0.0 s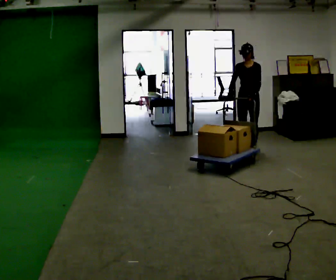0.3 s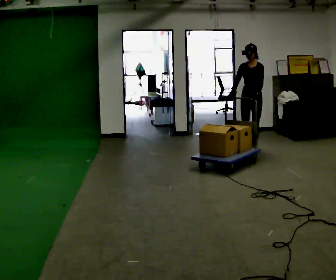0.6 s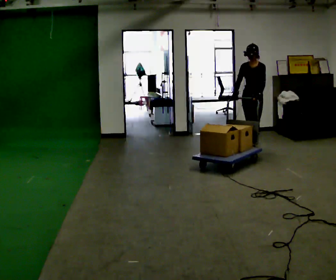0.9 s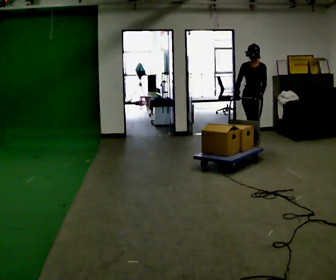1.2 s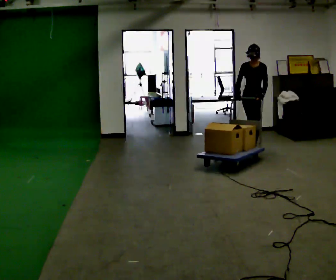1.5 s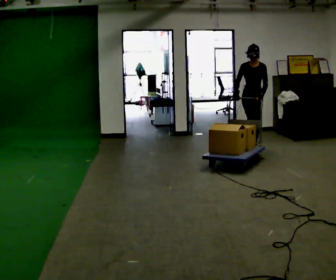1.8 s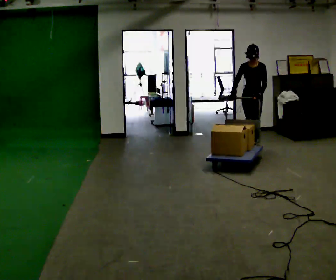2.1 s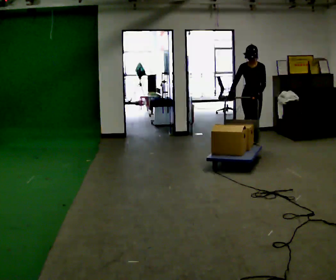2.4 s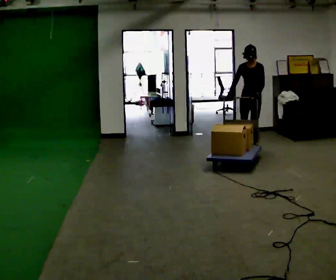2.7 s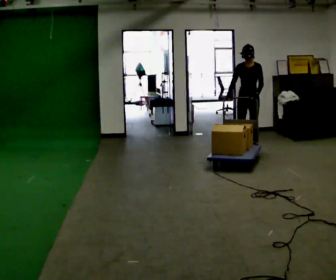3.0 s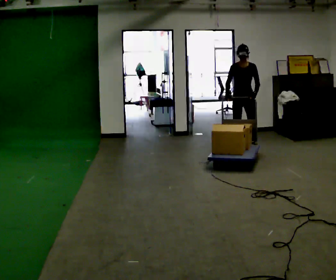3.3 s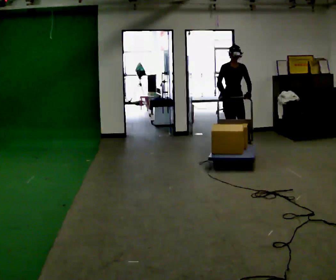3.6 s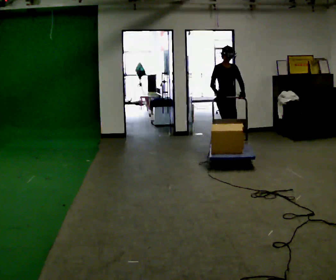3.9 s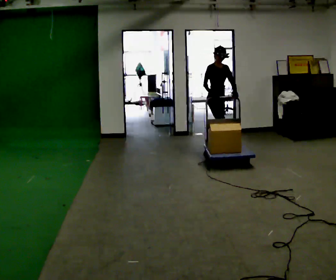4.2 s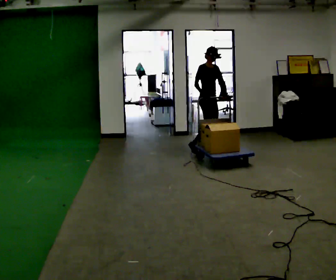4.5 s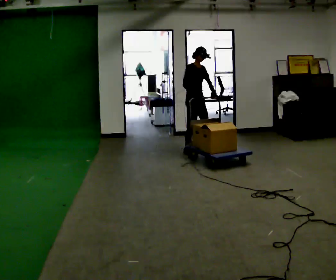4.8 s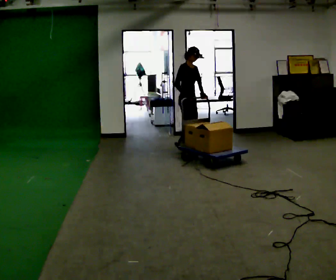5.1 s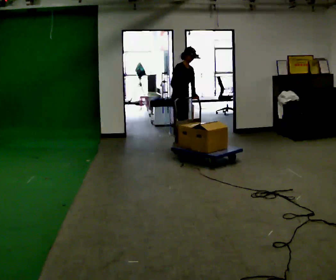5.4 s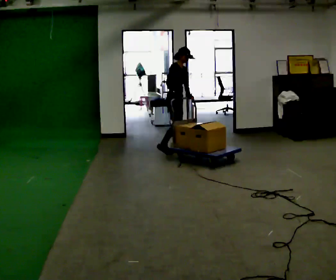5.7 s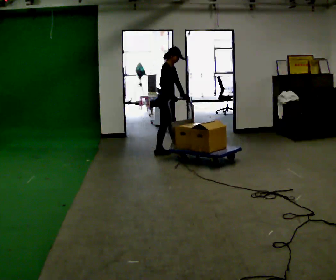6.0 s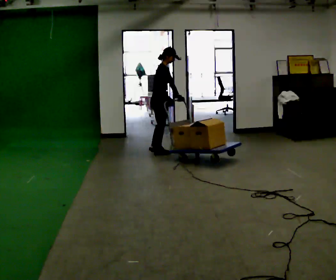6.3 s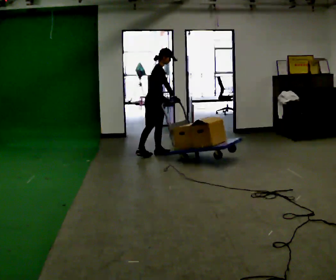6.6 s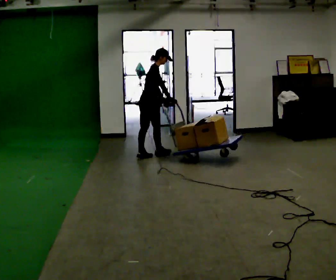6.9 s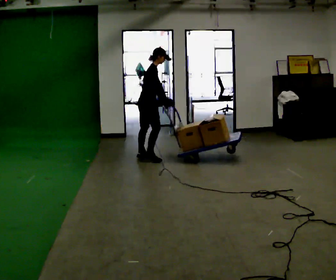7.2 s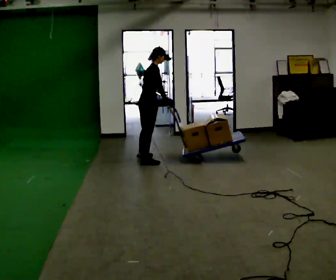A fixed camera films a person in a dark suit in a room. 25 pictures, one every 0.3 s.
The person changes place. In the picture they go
to the left.
The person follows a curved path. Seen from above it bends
counterclockwise.
0.0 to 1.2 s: In the picture they go away from the camera, about 0.25 m, which for them is backward.
1.2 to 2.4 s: The person moves a little, or ends about where they began.
2.4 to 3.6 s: Seen from above the body turns counterclockwise, about 60 degrees: to their left, with its near side sliding to the right. In the picture they go to the left, about 0.5 m in 1 step.
3.6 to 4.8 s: In the picture they go to the left, about 0.5 m in 2 steps, which for them is to their right and backward.
4.8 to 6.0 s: The part of the body nearest the lens slides to the right as the person turns to their left by about 45 degrees. In the picture they go to the left, about 0.5 m in 2 steps, which for them is backward and to their right.
6.0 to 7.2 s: In the picture they go toward the camera, about 0.5 m in 1 step, which for them is to their right and backward.
The film runs backward here.
